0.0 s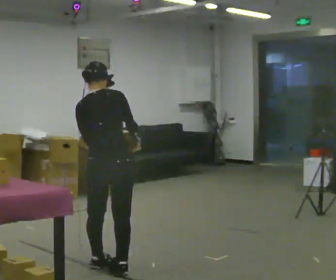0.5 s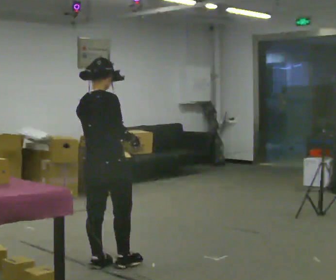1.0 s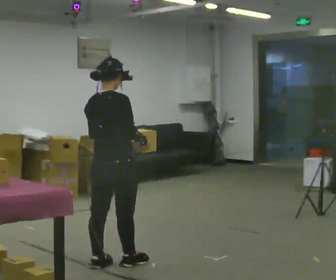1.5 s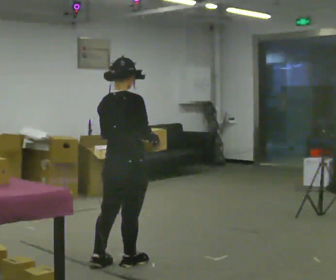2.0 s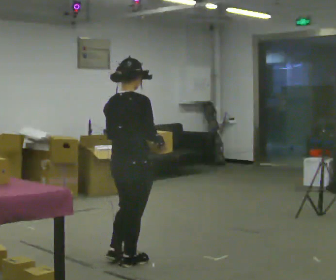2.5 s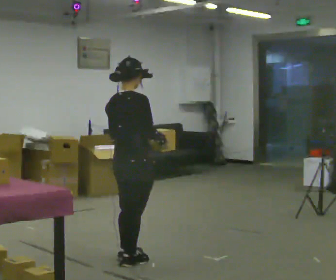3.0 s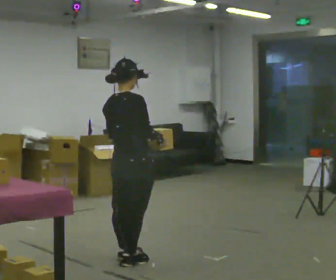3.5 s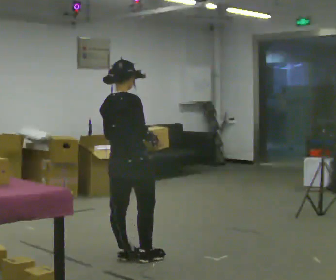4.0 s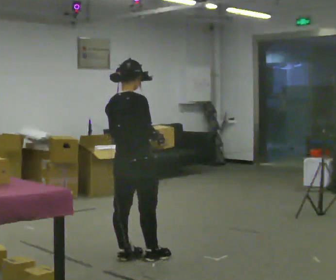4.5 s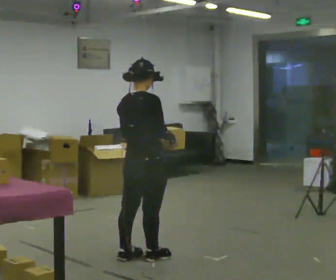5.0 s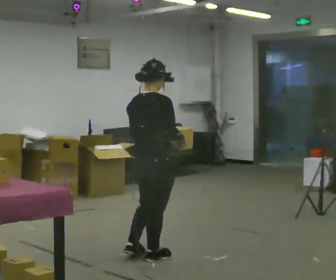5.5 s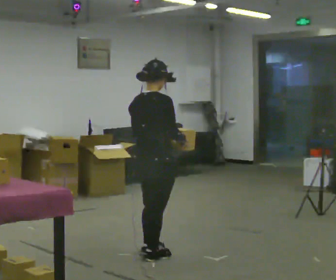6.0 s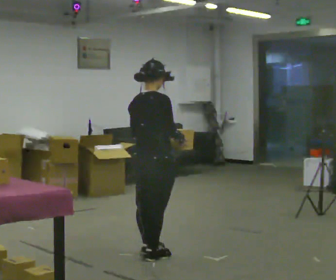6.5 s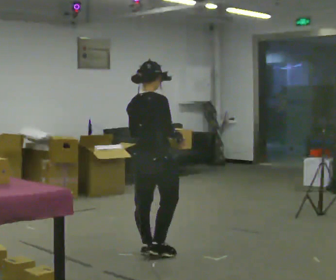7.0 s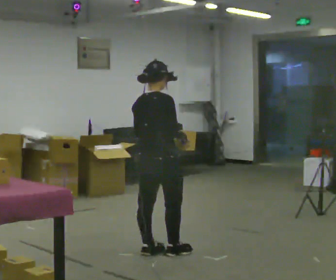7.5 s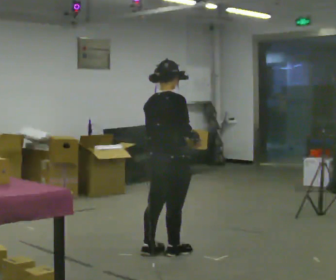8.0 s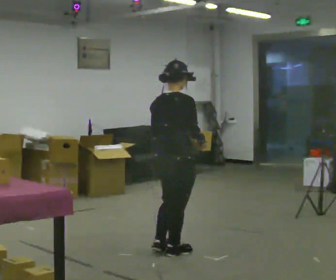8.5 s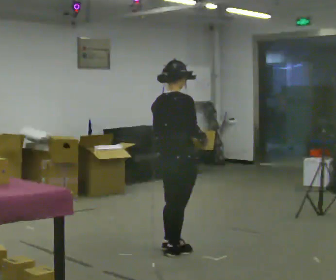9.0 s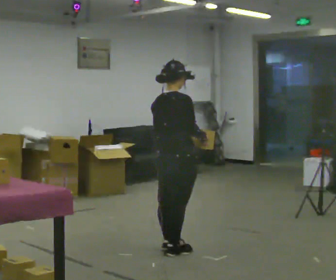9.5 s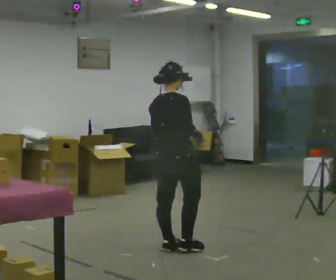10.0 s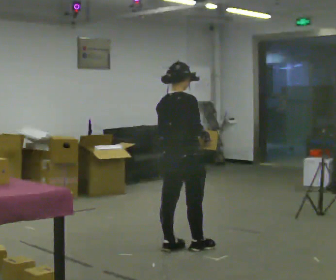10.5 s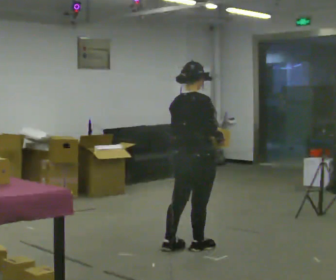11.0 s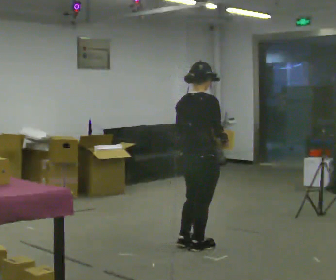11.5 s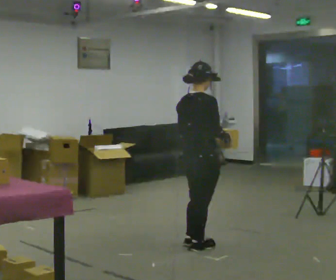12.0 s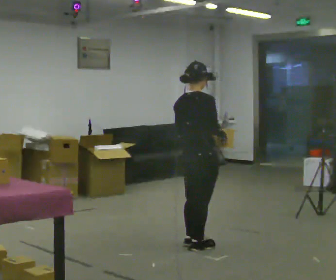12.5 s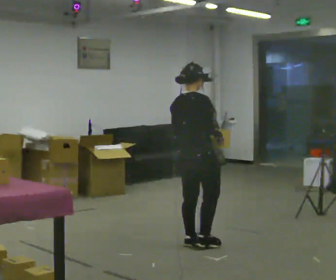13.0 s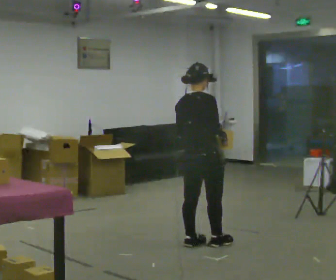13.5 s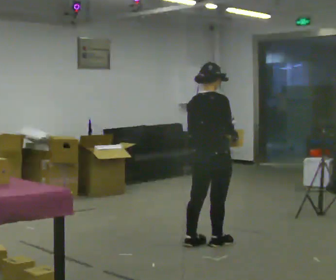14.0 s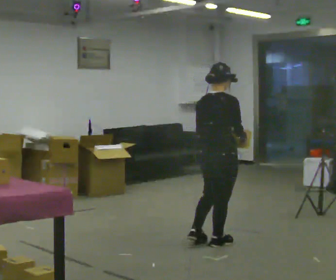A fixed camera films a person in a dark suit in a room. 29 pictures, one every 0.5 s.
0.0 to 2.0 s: In the picture they go to the right, about 0.25 m in 1 step, which for them is forward.
2.0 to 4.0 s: In the picture they go away from the camera, about 0.25 m in 2 steps, which for them is forward.
4.0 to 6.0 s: In the picture they go to the right, about 0.25 m in 1 step, which for them is forward.
6.0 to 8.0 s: In the picture they go to the right, about 0.25 m in 1 step, which for them is forward.
8.0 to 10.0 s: In the picture they go away from the camera, about 0.25 m in 2 steps, which for them is forward.
10.0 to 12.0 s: The person moves a little, or ends about where they began.
12.0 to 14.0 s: In the picture they go to the right, about 0.25 m in 1 step, which for them is forward.
The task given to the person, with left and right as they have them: Take the boxes off the top, get the one from the bottom, carry it away, then put the others back. Keep going until the operator says stop; one object at a time, and do not rush between trips.
The film runs forward here.
